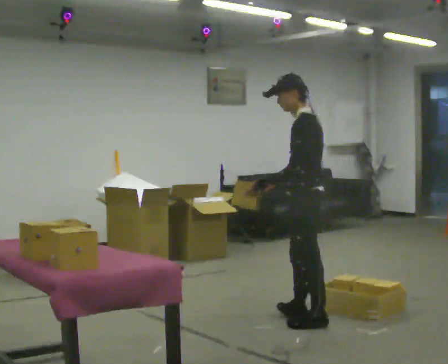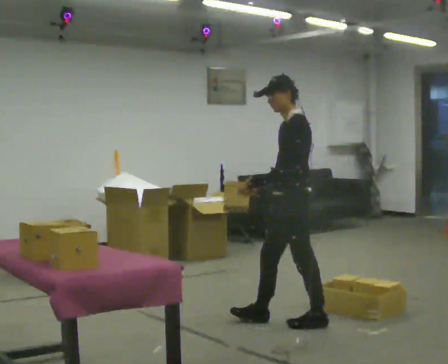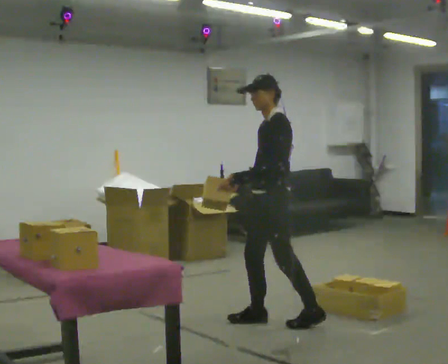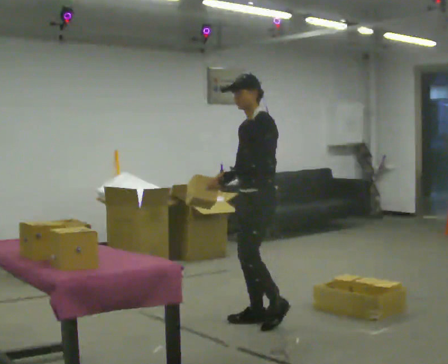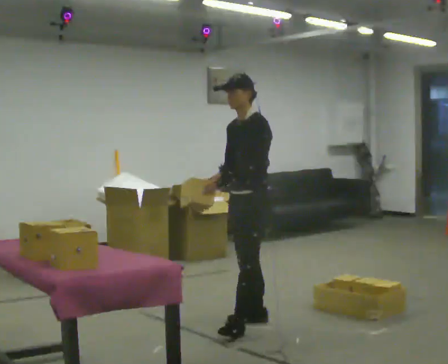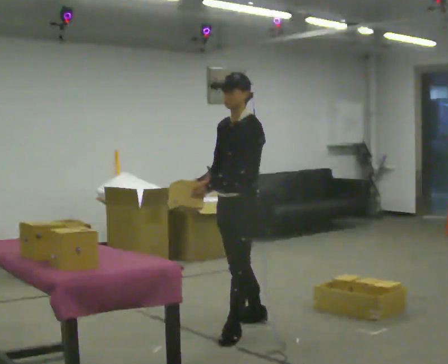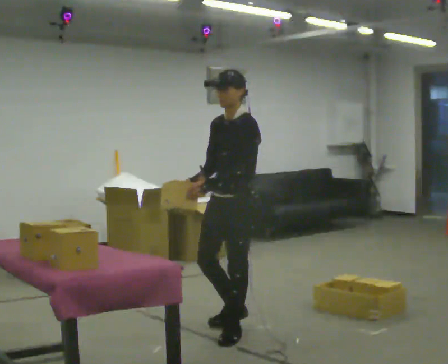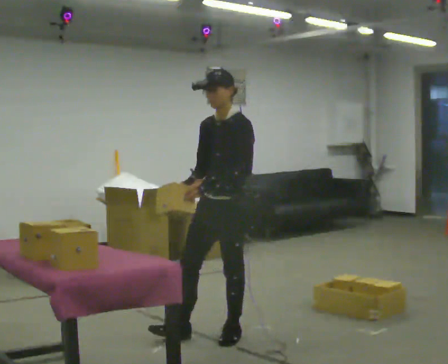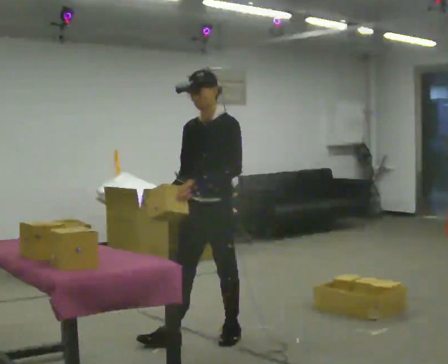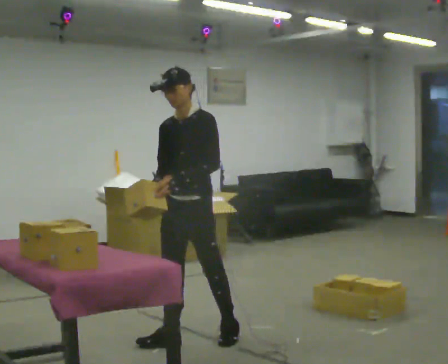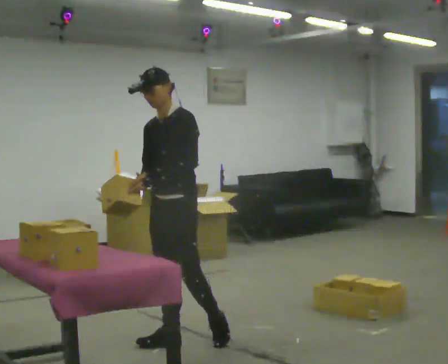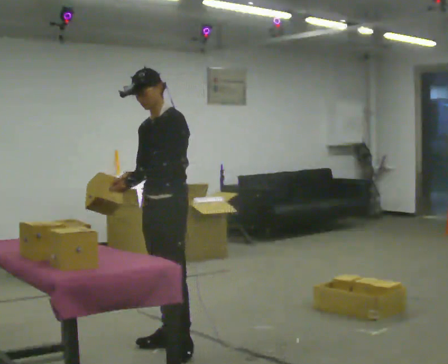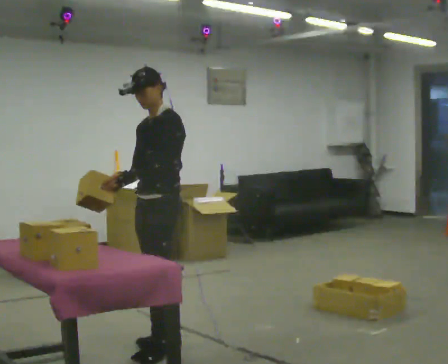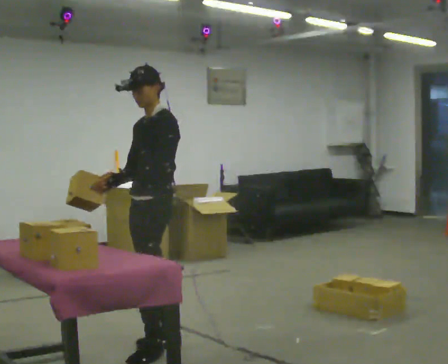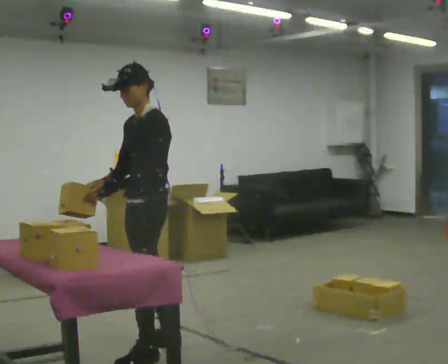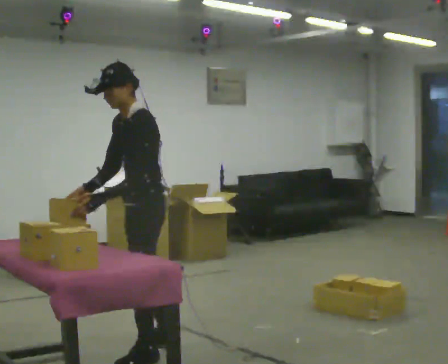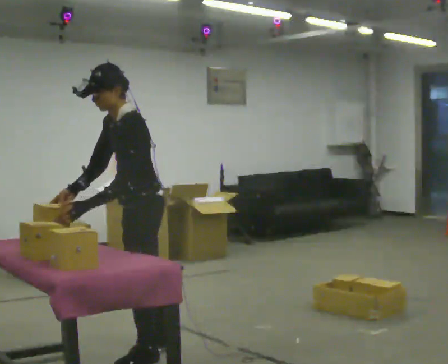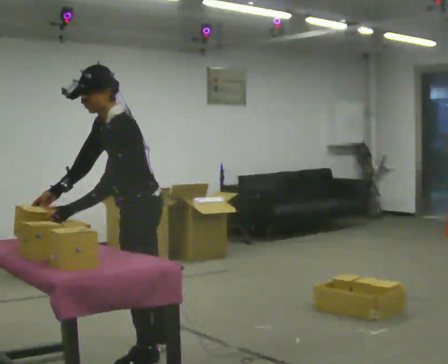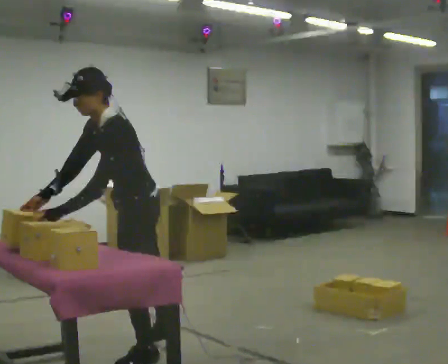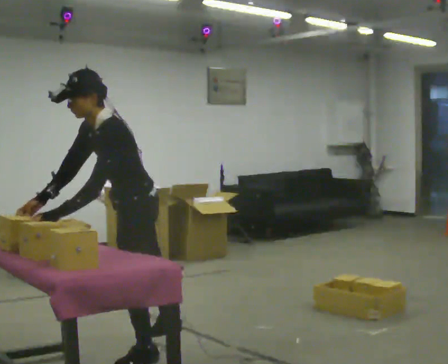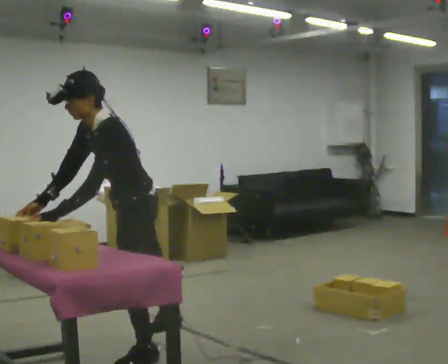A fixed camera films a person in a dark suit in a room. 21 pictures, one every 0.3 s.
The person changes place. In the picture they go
to the left.
0.0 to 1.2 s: Seen from above the body turns counterclockwise, about 45 degrees: to their left, with its near side sliding to the right. In the picture they go to the left and away from the camera, about 0.5 m in 1 step, which for them is forward and to their right.
1.2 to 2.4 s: In the picture they go toward the camera and to the left, about 0.5 m in 2 steps, which for them is forward.
2.4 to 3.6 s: In the picture they go to the left, about 0.25 m, which for them is forward and to their right.
3.6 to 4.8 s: The person turns about 30 degrees to their right, clockwise seen from above, so the part of the body nearest the lens slides to the left. In the picture they go toward the camera, about 0.25 m in 1 step, which for them is to their left and forward. The upper body tips toward the camera, its near side rolling downward, as they bend forward.
4.8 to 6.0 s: In the picture the upper body tilts counterclockwise, shoulders to the left, as they bend forward.
The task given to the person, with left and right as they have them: Reach down into the deep bin on the floor, take out one object at a time, carry it to the shelf, and come back for the next one. Keep going until the operator says stop; one object at a time, and do not rush between trips.
The film runs forward here.
